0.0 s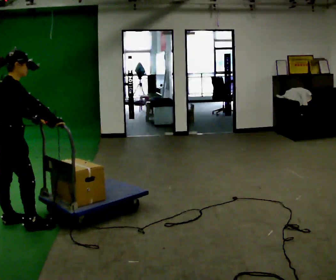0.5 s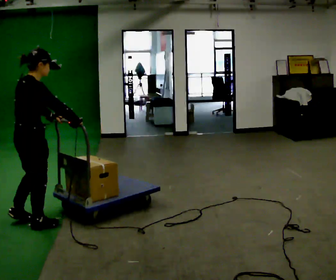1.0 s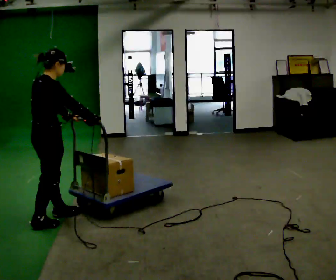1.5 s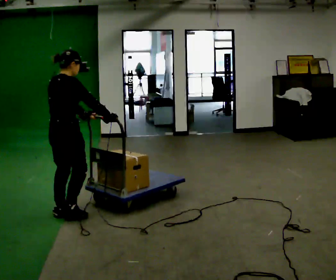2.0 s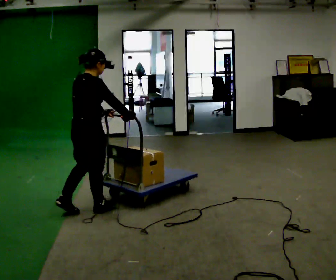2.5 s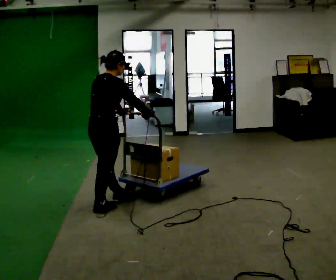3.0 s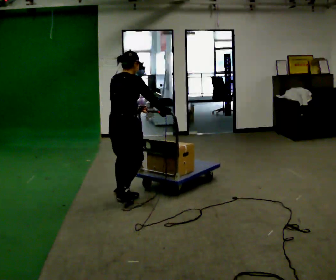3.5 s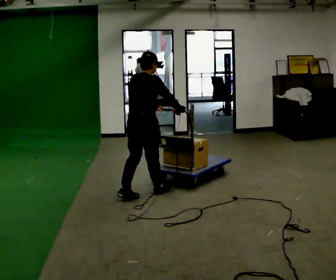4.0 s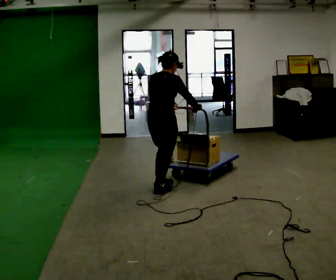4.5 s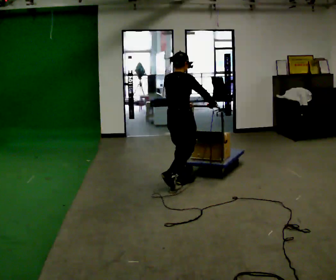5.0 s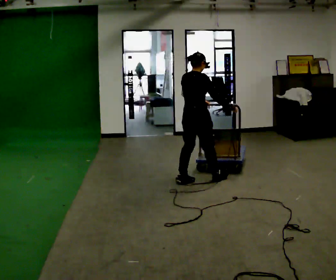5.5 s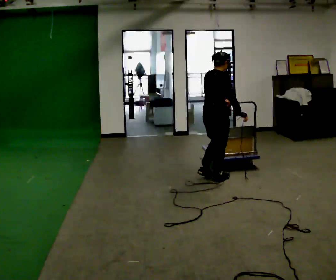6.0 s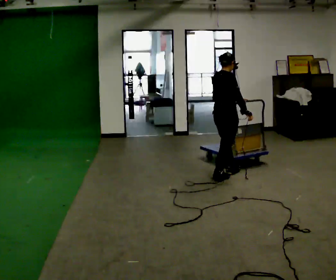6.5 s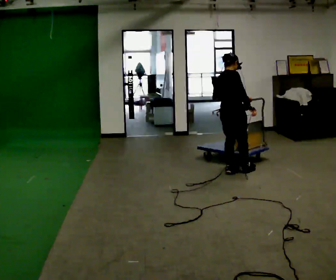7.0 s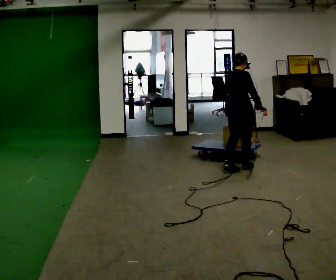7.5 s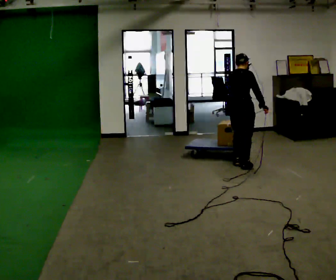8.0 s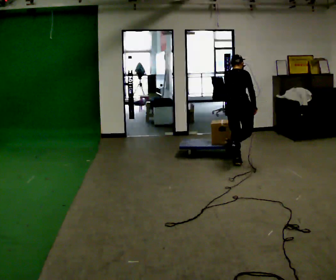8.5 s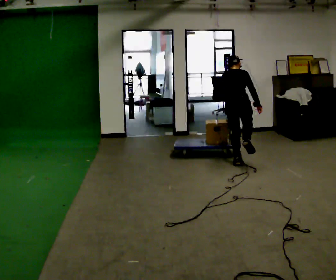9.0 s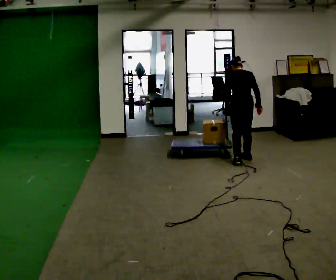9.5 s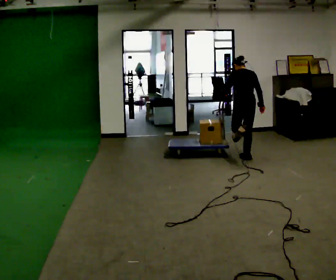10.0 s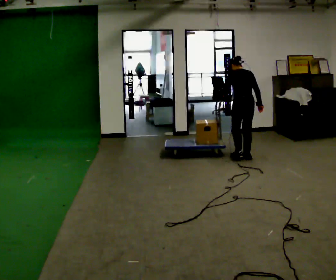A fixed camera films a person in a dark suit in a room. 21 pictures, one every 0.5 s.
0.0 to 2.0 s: In the picture they go to the right and away from the camera, about 0.5 m in 3 steps, which for them is forward.
2.0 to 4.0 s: In the picture they go away from the camera and to the right, about 1 m in 2 steps, which for them is forward.
4.0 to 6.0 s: In the picture they go to the right and away from the camera, about 1 m in 3 steps, which for them is forward.
6.0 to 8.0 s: Seen from above the body turns counterclockwise, about 30 degrees: to their left, with its near side sliding to the right. In the picture they go away from the camera, about 0.5 m in 3 steps, which for them is forward.
8.0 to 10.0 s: The part of the body nearest the lens slides to the right as the person turns to their left by about 45 degrees. In the picture they go away from the camera, about 0.25 m in 1 step, which for them is forward and to their right.
The film runs forward here.
